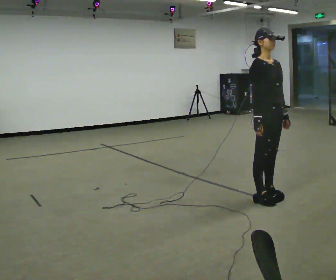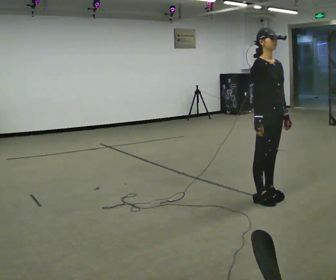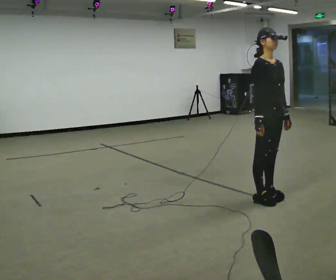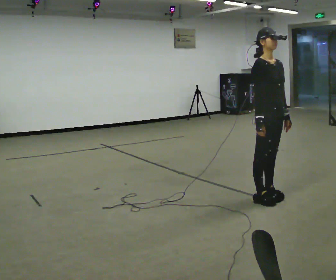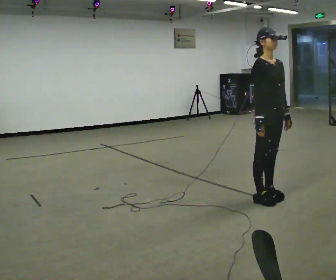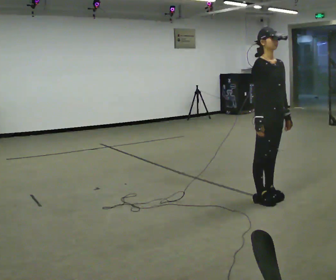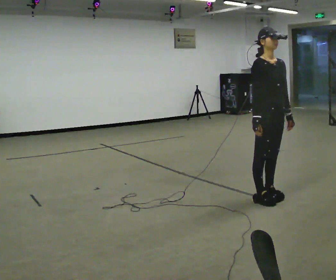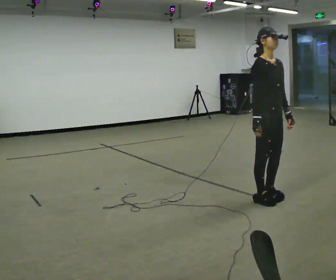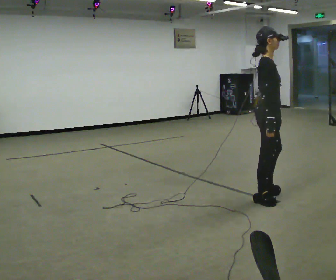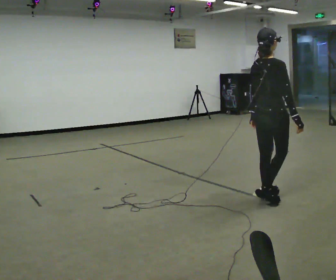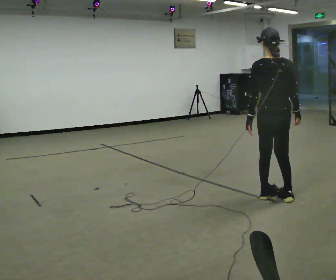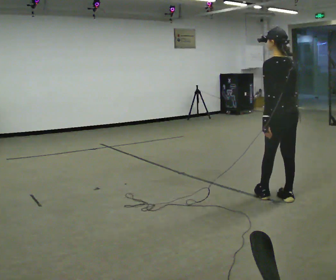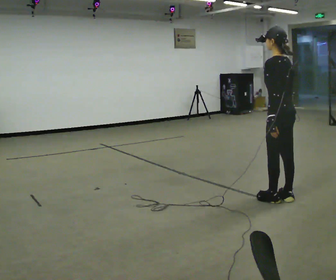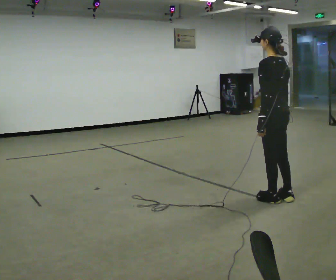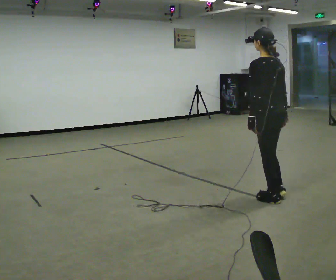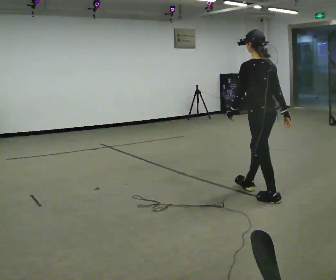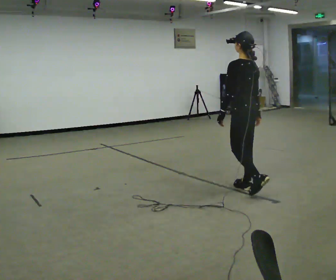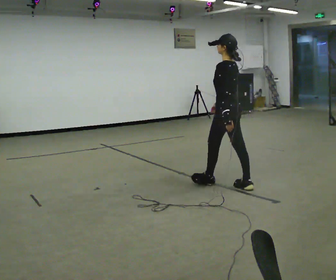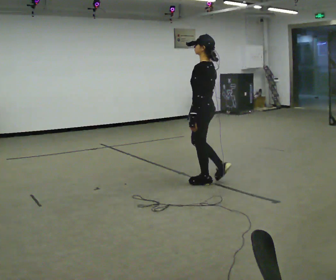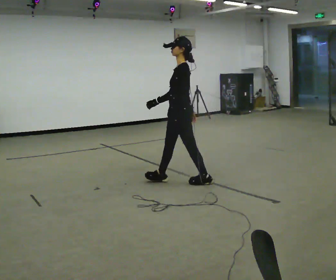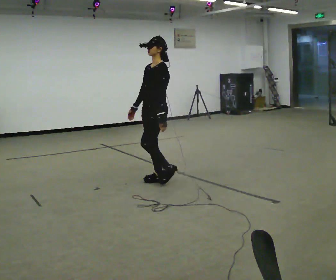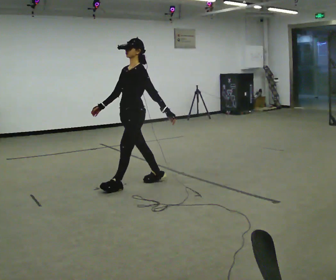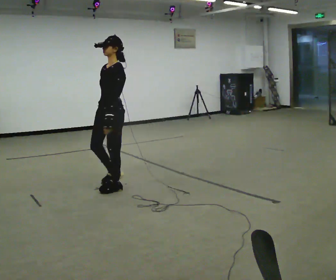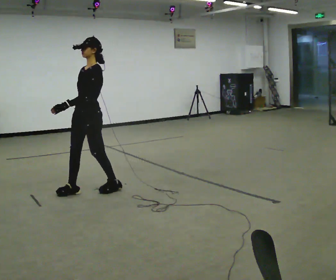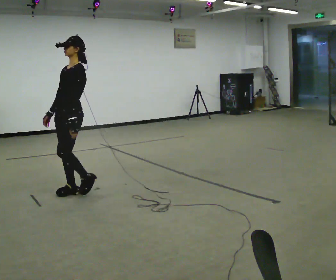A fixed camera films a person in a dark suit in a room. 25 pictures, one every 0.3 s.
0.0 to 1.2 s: The person keeps their place and pose.
1.2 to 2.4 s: The person turns about 45 degrees to their left, counterclockwise seen from above, so the part of the body nearest the lens slides to the right.
2.4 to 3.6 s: The person turns about 150 degrees to their left, counterclockwise seen from above, so the part of the body nearest the lens slides to the right.
3.6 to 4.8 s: In the picture they go to the left and away from the camera, about 0.5 m in 1 step, which for them is forward.
4.8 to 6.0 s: Seen from above the body turns counterclockwise, about 75 degrees: to their left, with its near side sliding to the right. In the picture they go to the left, about 1 m in 2 steps.
6.0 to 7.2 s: In the picture they go to the left and toward the camera, about 1 m in 2 steps, which for them is forward.
The film runs forward here.
